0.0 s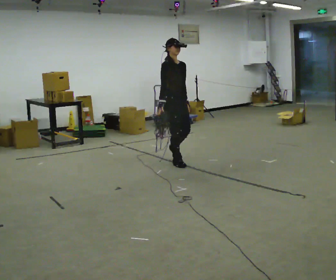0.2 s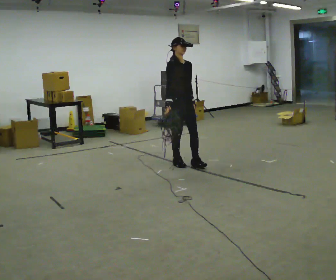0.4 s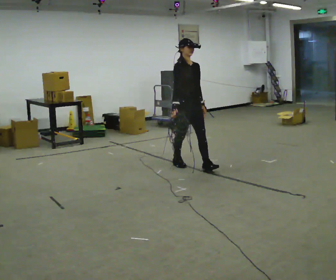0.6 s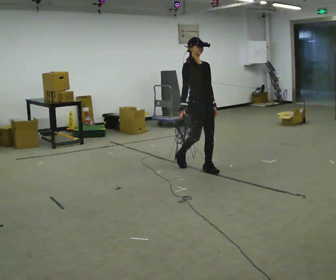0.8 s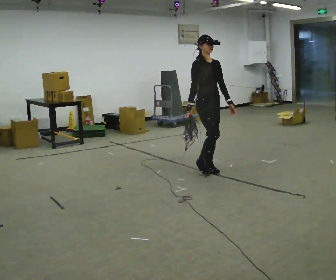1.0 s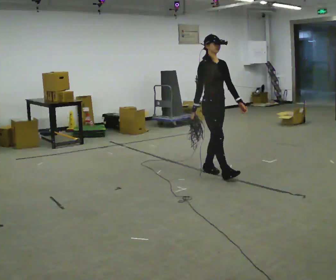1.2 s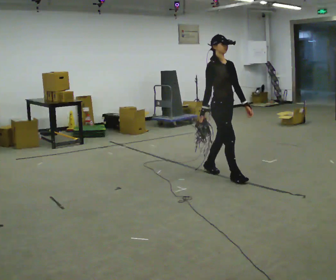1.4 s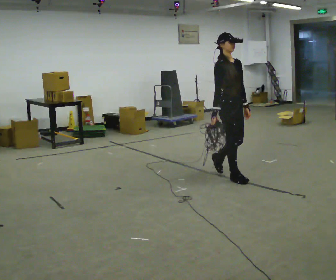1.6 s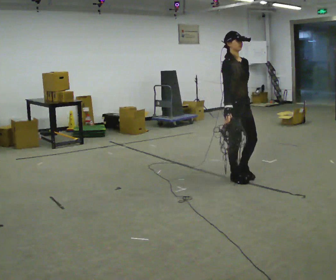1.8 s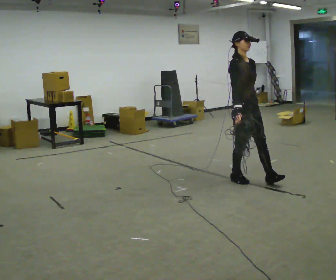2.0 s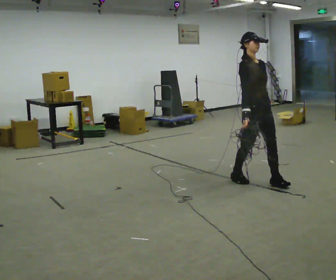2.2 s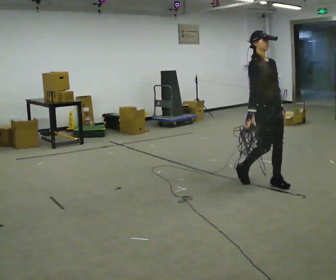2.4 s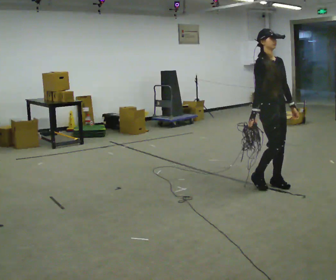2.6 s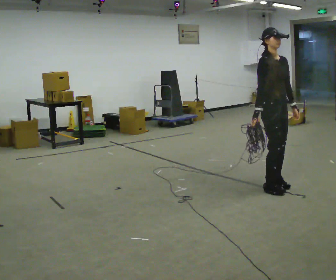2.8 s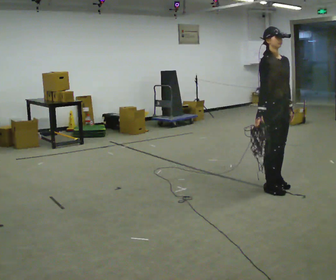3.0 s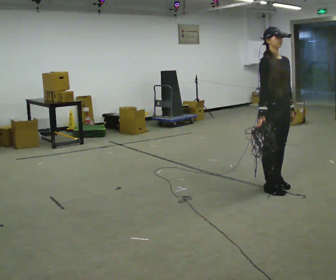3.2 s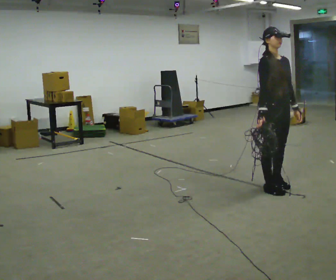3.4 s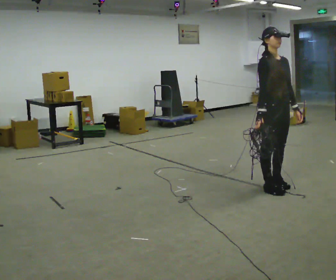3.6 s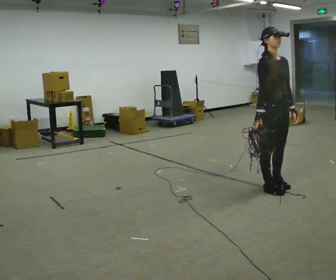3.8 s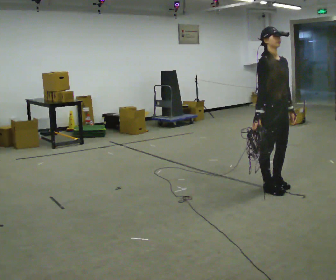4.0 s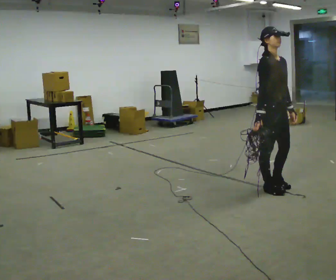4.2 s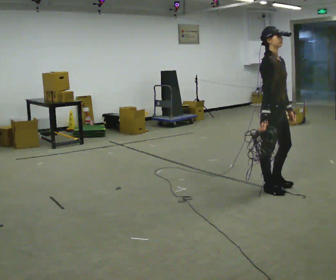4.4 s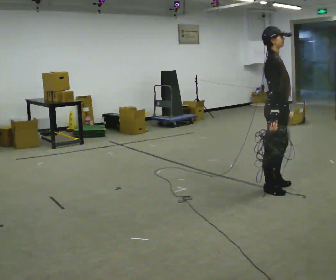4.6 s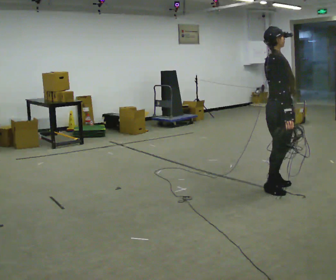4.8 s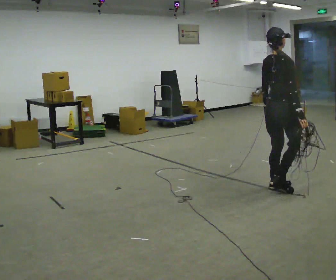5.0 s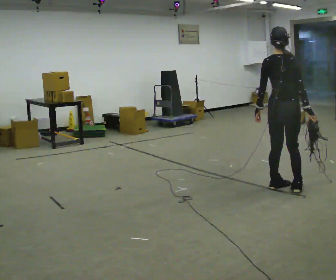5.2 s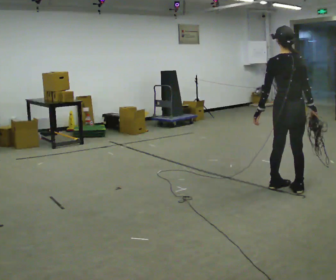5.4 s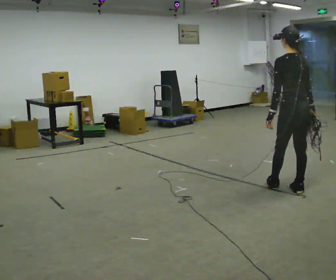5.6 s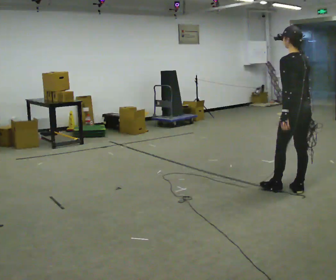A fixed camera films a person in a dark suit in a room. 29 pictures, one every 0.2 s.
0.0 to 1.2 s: In the picture they go to the right and toward the camera, about 1 m in 2 steps, which for them is forward.
1.2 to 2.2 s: In the picture they go to the right and toward the camera, about 0.5 m in 1 step, which for them is forward.
2.2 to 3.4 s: In the picture they go toward the camera, about 0.25 m in 1 step, which for them is forward.
3.4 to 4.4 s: The part of the body nearest the lens slides to the right as the person turns to their left by about 45 degrees.
4.4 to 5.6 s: The person turns about 135 degrees to their left, counterclockwise seen from above, so the part of the body nearest the lens slides to the right. In the picture they go to the right, about 0.25 m in 1 step. In the picture their right hand goes to the right.
The film runs forward here.
